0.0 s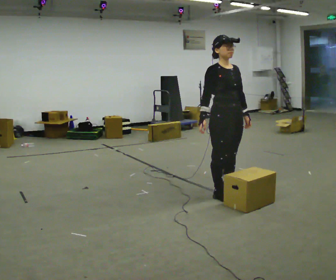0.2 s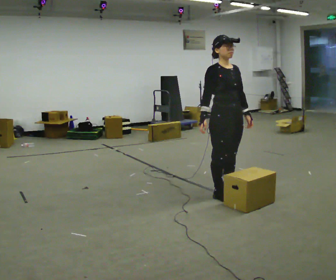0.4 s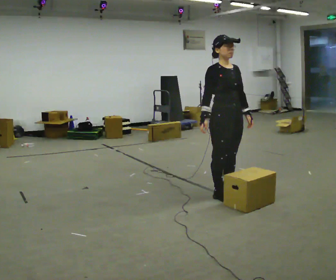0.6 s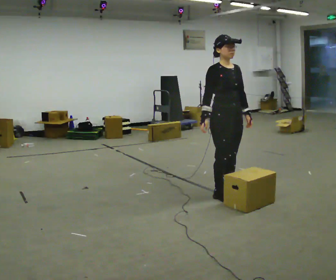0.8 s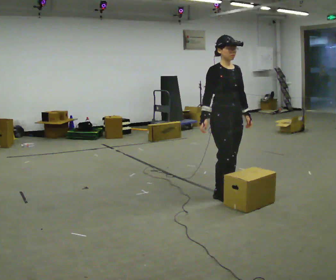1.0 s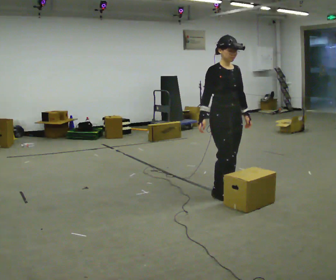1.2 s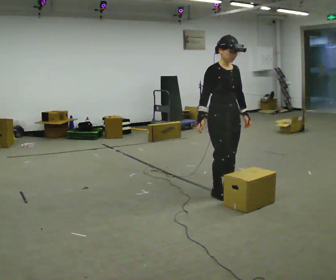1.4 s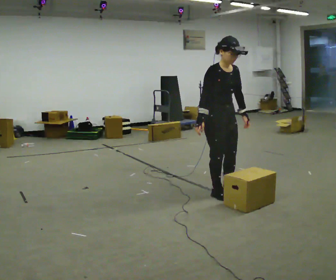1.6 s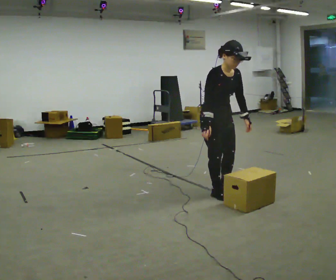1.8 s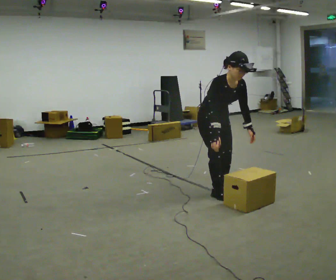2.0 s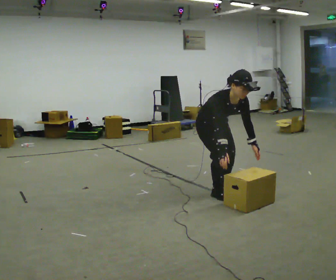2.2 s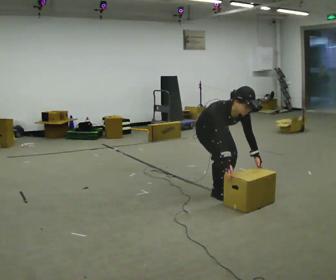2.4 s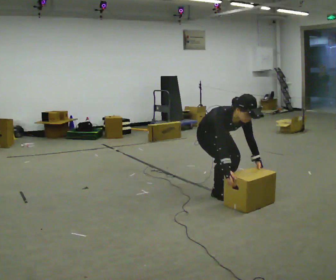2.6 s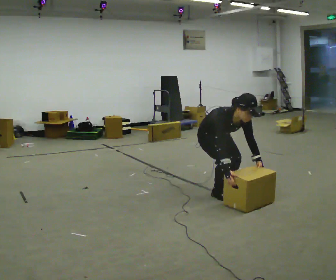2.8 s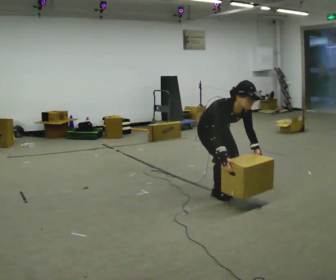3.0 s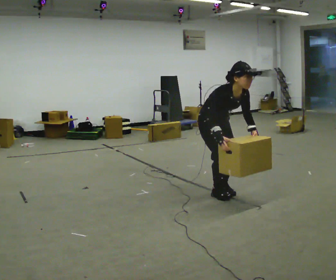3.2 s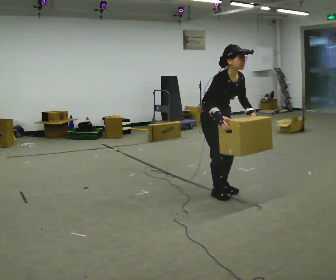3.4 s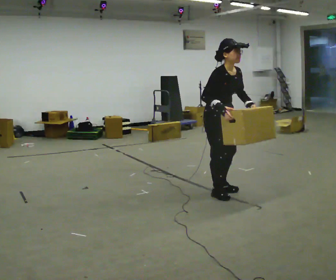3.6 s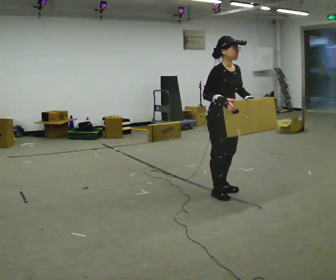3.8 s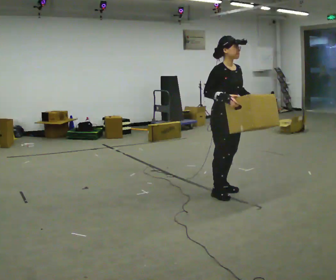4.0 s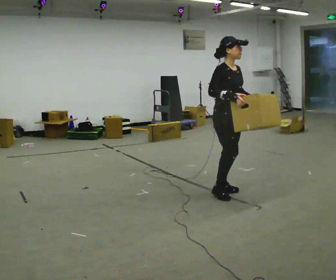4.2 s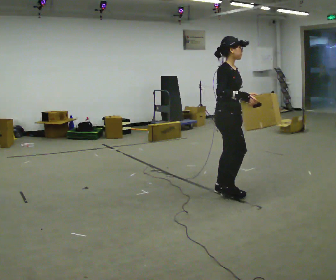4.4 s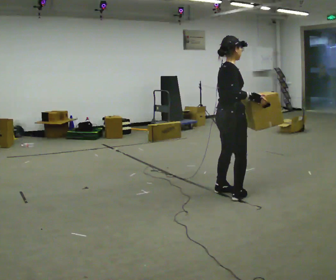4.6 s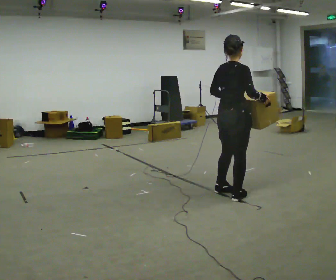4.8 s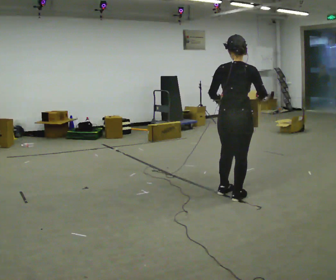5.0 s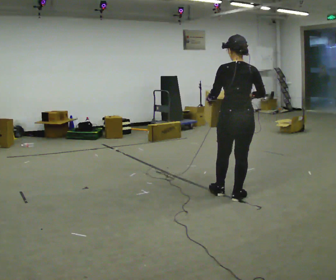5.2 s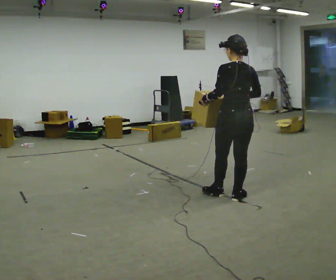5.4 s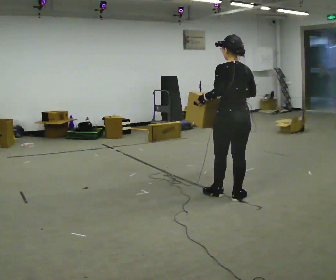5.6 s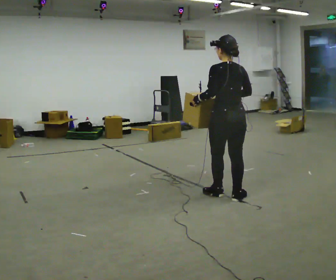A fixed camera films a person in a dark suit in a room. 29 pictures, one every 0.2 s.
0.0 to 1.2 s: The person moves a little, or ends about where they began.
1.2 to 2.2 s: The upper body goes downward. The upper body tips toward the camera, its near side rolling downward, as they bend forward. In the picture their right hand goes downward.
2.2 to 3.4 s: The upper body goes upward. The upper body tips away from the camera, its near side rolling upward, as they lean back or straighten. In the picture their right hand goes upward.
3.4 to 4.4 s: Seen from above the body turns counterclockwise, about 60 degrees: to their left, with its near side sliding to the right. In the picture their right hand goes to the right.
4.4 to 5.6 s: The part of the body nearest the lens slides to the right as the person turns to their left by about 90 degrees. In the picture their left hand goes to the left.
The film runs forward here.
